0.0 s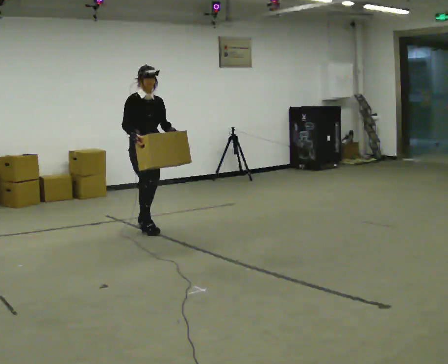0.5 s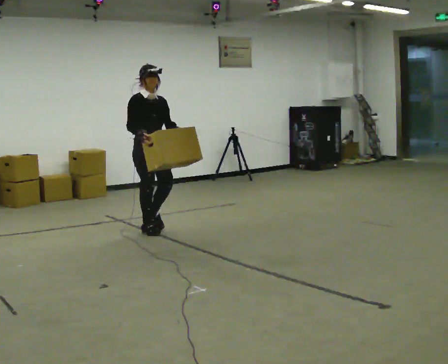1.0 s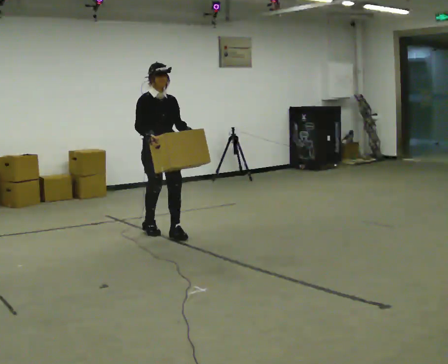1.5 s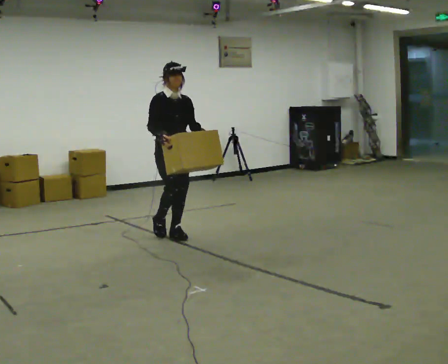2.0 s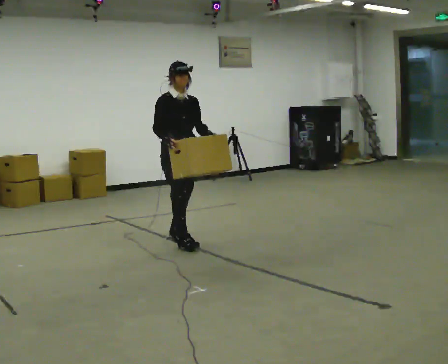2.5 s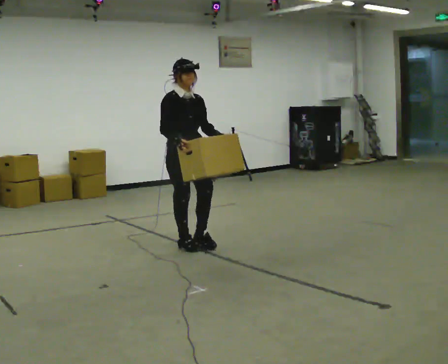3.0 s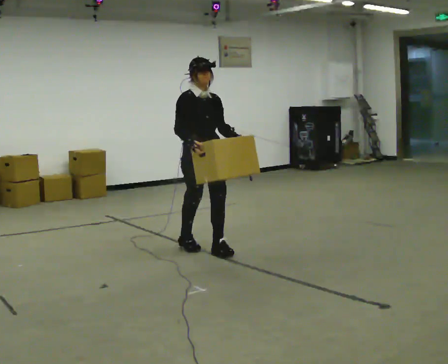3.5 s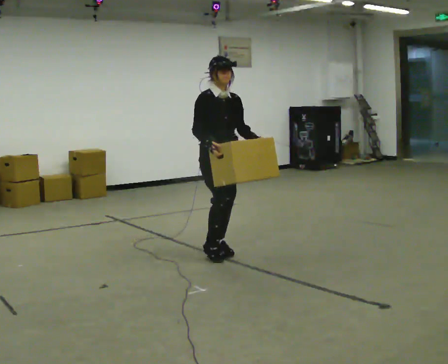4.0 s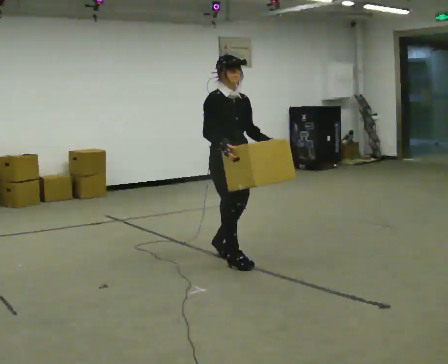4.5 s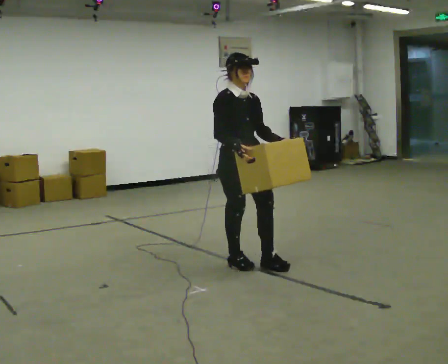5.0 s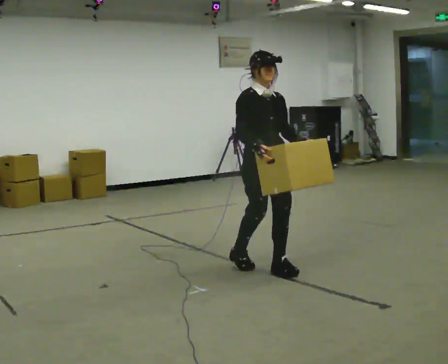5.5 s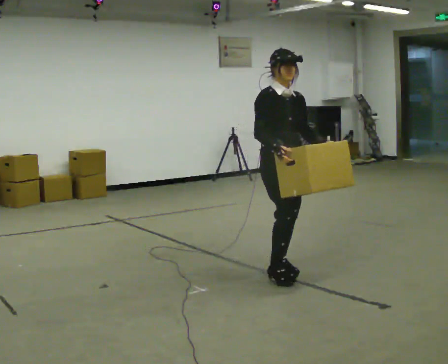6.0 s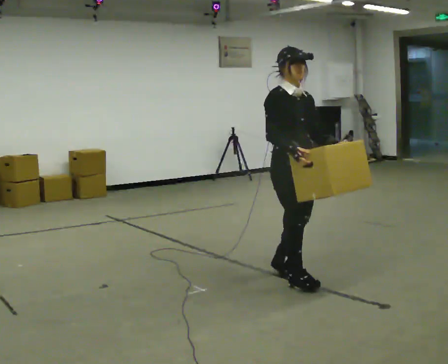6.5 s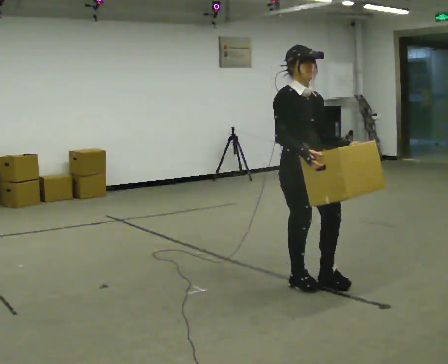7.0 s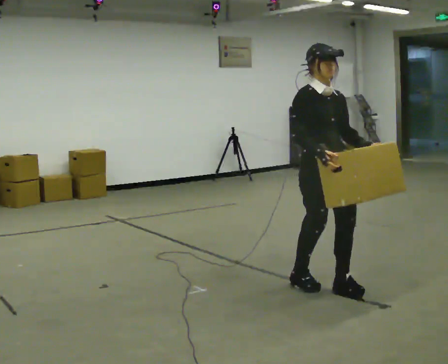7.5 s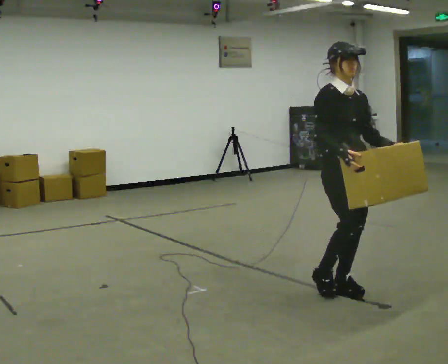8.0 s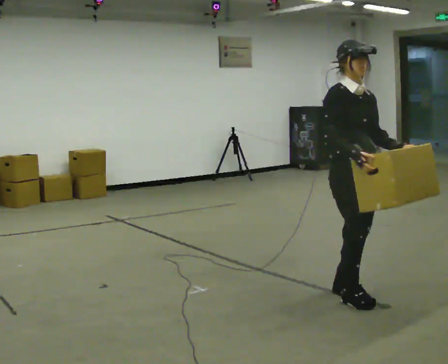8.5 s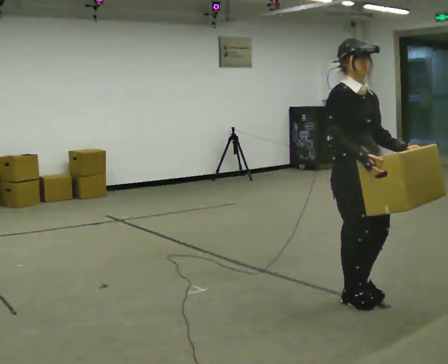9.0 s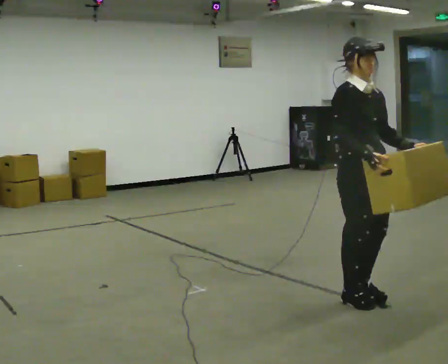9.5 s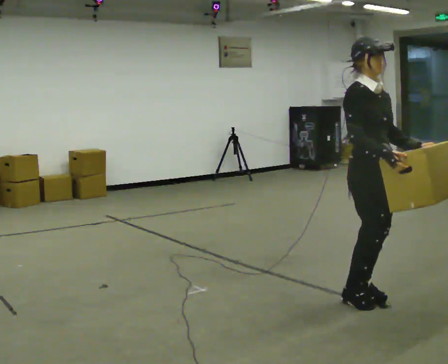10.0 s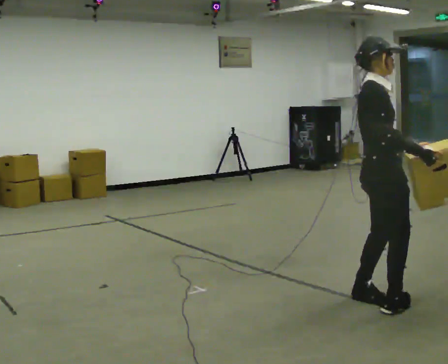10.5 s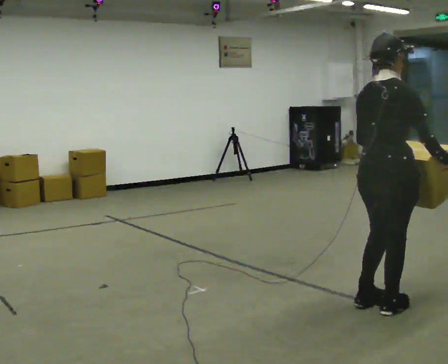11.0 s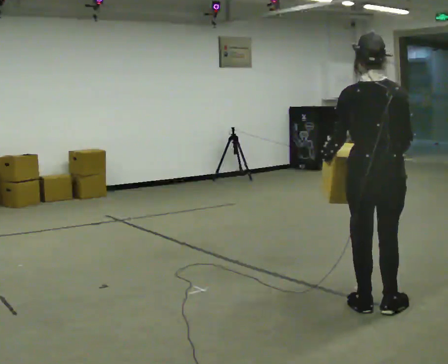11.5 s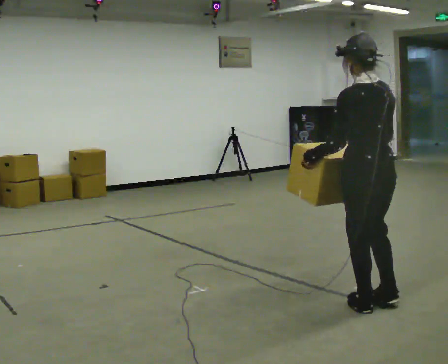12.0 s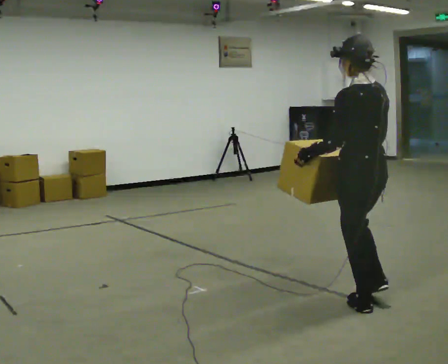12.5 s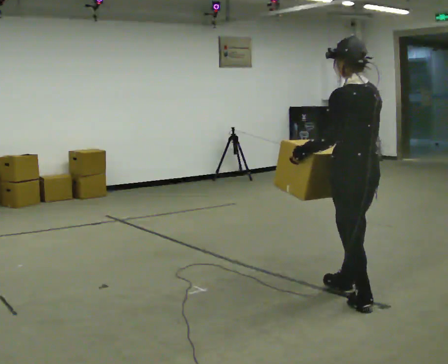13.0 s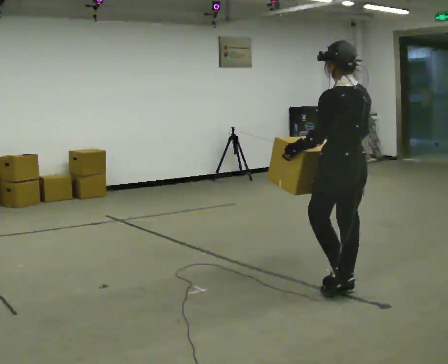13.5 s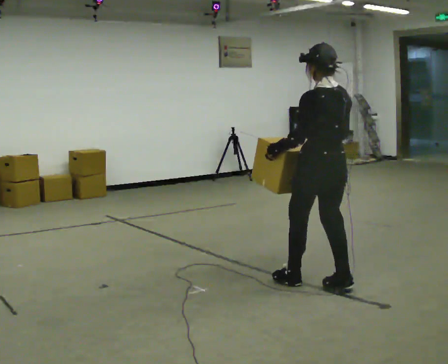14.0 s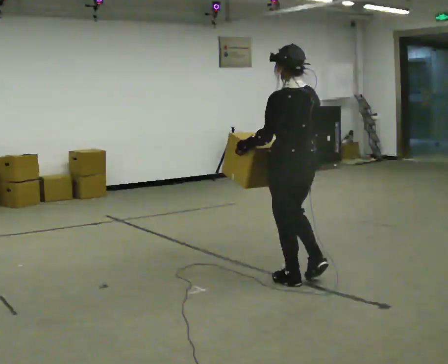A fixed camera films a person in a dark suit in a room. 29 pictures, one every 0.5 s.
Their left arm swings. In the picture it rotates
clockwise.
0.0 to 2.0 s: In the picture they go toward the camera and to the right, about 0.75 m in 2 steps, which for them is forward.
2.0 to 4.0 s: In the picture they go toward the camera and to the right, about 1 m in 2 steps, which for them is forward.
4.0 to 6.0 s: In the picture they go to the right and toward the camera, about 0.5 m in 2 steps, which for them is forward.
6.0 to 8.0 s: In the picture they go to the right and toward the camera, about 0.5 m in 2 steps, which for them is forward.
8.0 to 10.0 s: Seen from above the body turns counterclockwise, about 45 degrees: to their left, with its near side sliding to the right. In the picture they go to the right, about 0.25 m in 2 steps, which for them is forward. In the picture their right hand goes to the right.
10.0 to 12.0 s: The person turns about 135 degrees to their left, counterclockwise seen from above, so the part of the body nearest the lens slides to the right. In the picture their right hand goes to the left.
12.0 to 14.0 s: In the picture they go away from the camera and to the left, about 0.75 m in 2 steps, which for them is forward.
The film runs forward here.
